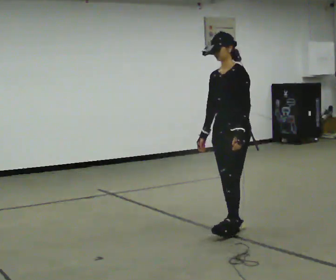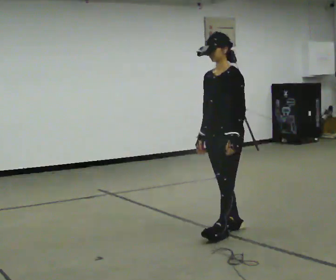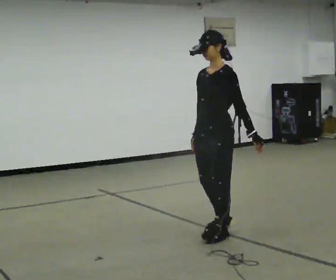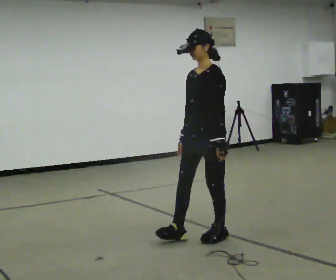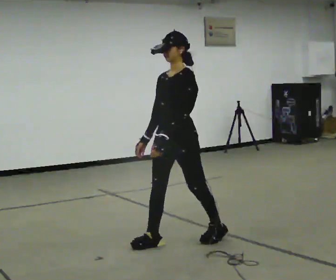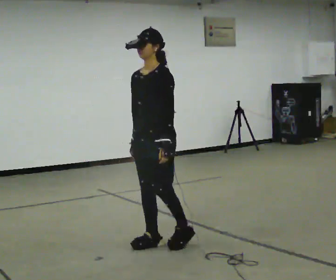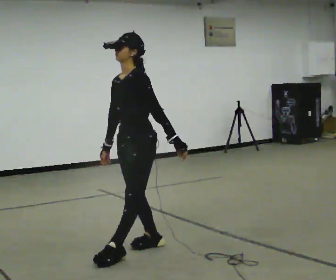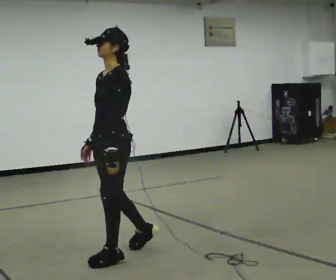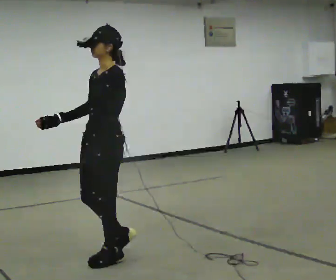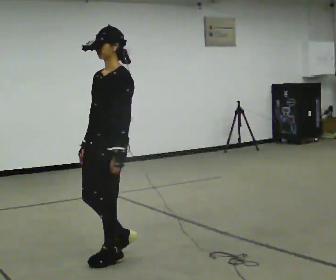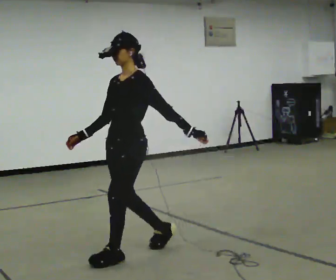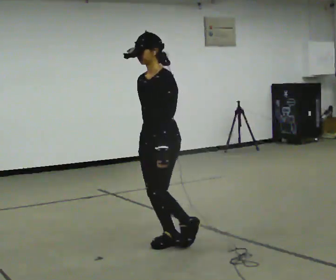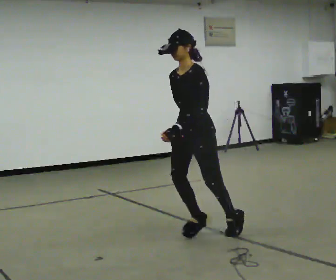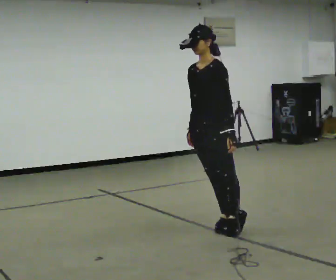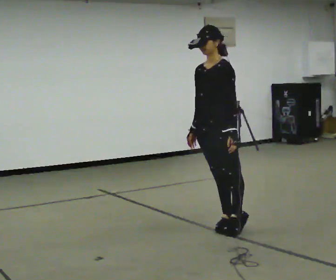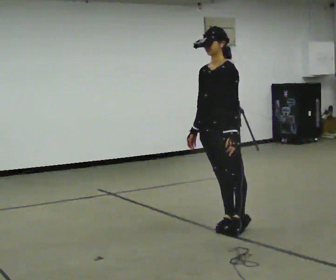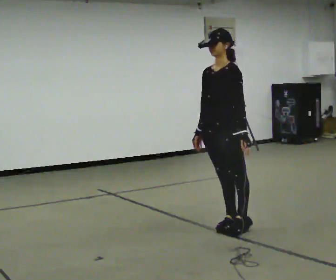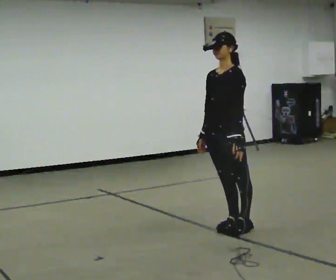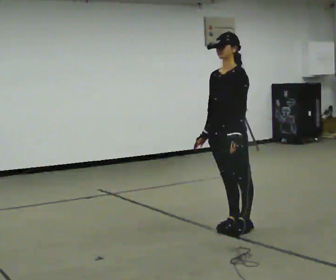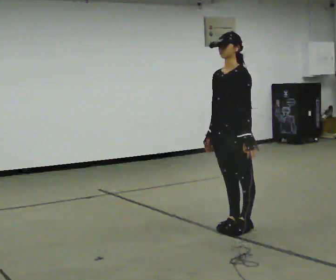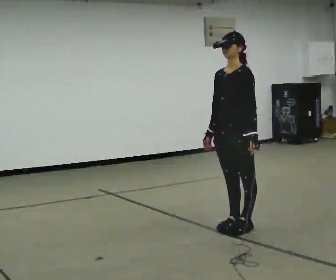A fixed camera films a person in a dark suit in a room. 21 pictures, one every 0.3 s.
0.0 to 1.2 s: In the picture they go to the left and toward the camera, about 0.5 m in 1 step, which for them is forward.
1.2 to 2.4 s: In the picture they go to the left and toward the camera, about 0.75 m in 2 steps, which for them is forward.
2.4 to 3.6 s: In the picture they go to the right and away from the camera, about 1 m in 2 steps, which for them is backward. In the picture the upper body tilts counterclockwise, shoulders to the left, as they bend forward.
3.6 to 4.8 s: In the picture they go to the right, about 0.25 m, which for them is backward.
4.8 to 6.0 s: The person moves a little, or ends about where they began.
The film runs backward here.
